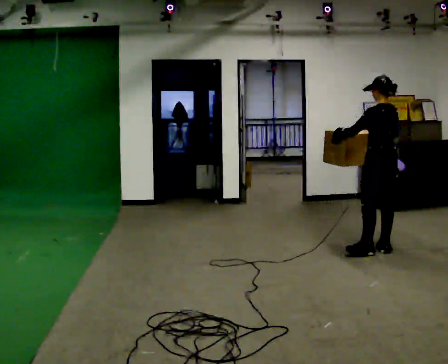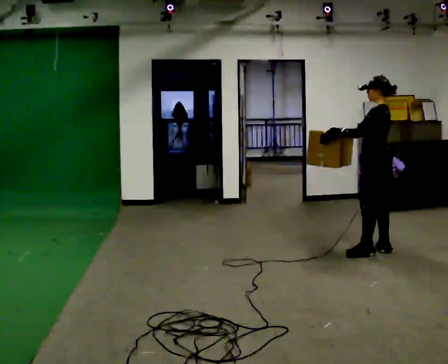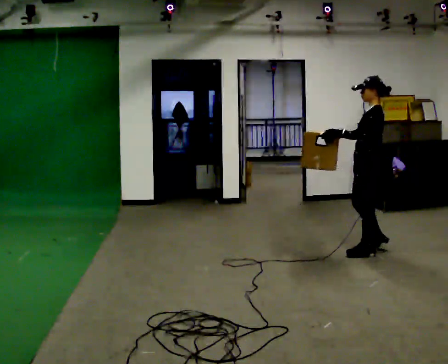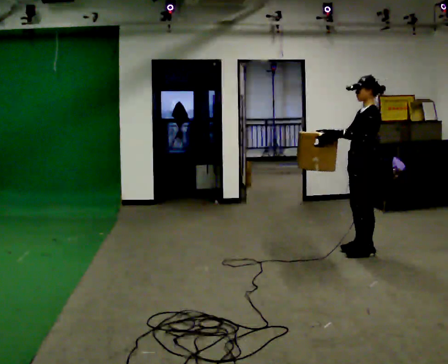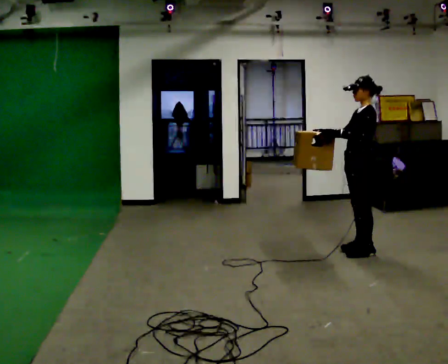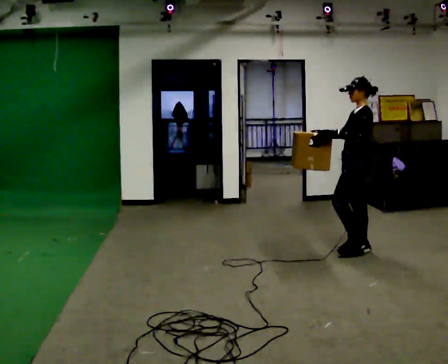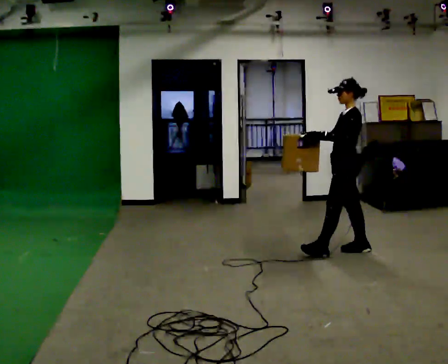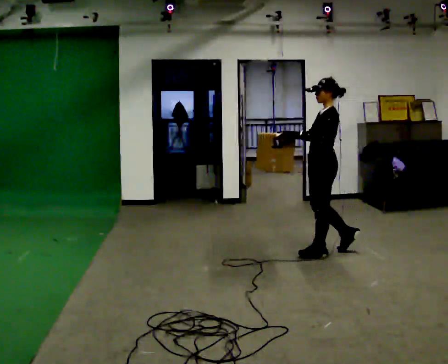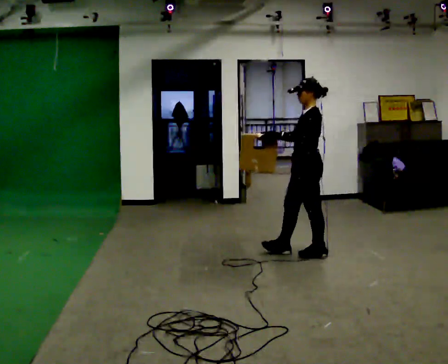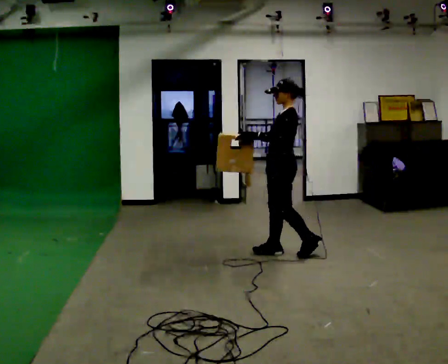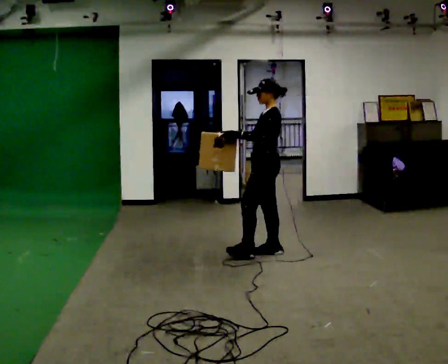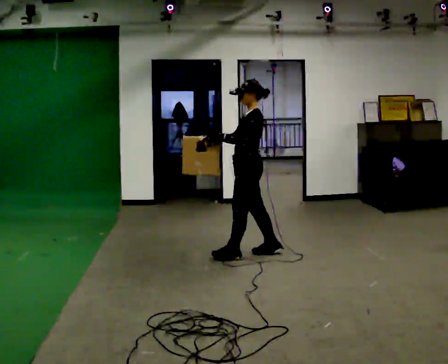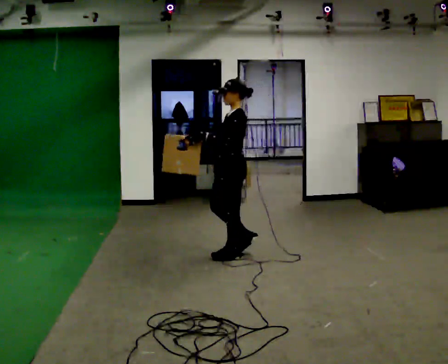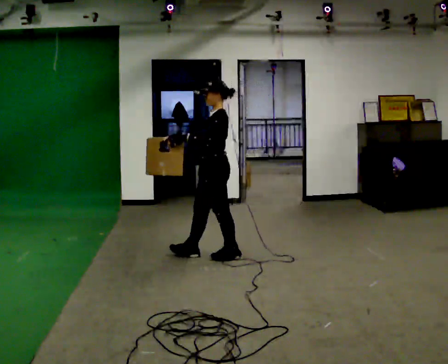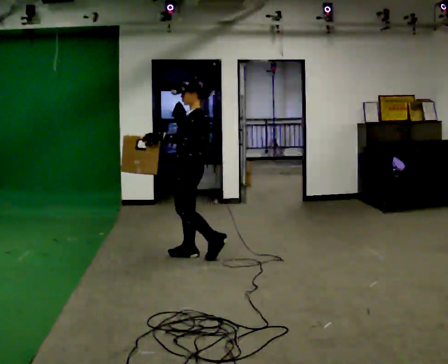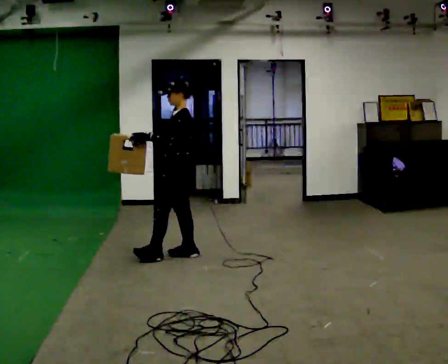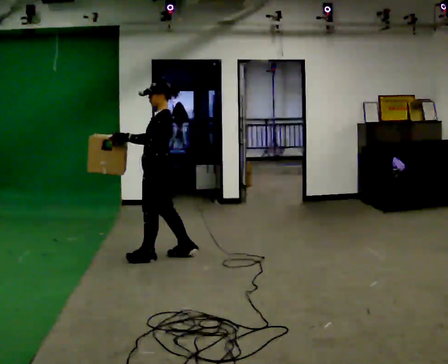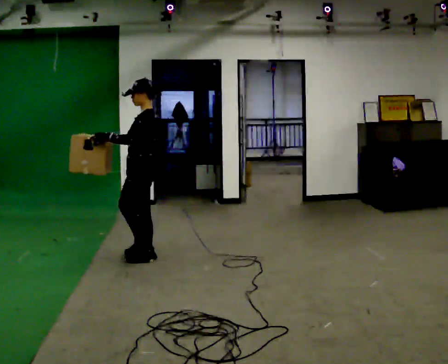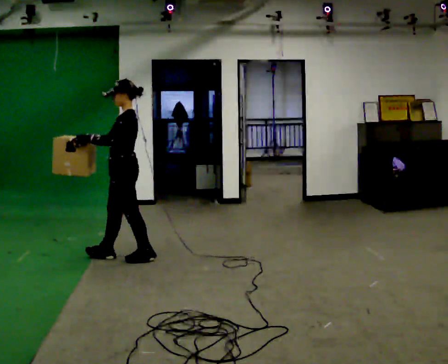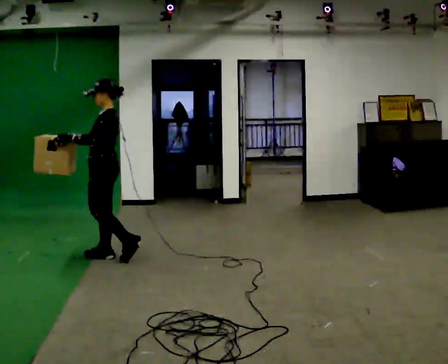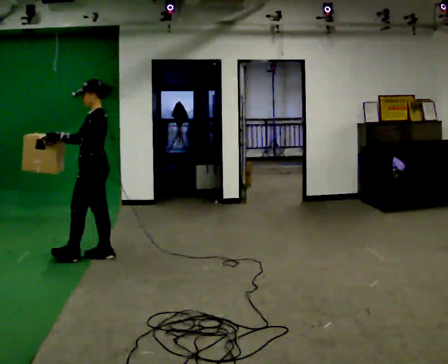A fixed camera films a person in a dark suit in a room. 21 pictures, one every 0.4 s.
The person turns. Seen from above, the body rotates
counterclockwise.
The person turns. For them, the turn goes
to their left.
0.0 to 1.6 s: The person turns about 45 degrees to their left, counterclockwise seen from above, so the part of the body nearest the lens slides to the right. In the picture they go to the left, about 0.25 m in 1 step, which for them is forward. In the picture their right hand goes to the left.
1.6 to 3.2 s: In the picture they go to the left, about 0.5 m in 1 step, which for them is forward.
3.2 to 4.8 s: In the picture they go to the left, about 0.75 m in 2 steps, which for them is forward.
4.8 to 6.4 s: In the picture they go to the left, about 0.75 m in 2 steps, which for them is forward.
6.4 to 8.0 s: In the picture they go to the left, about 0.5 m in 1 step, which for them is forward.
The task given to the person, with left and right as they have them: Carry the box across the room much more slowly and carefully than normal, back and forth.
The film runs forward here.
